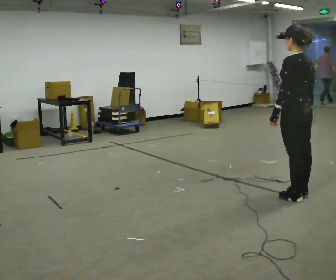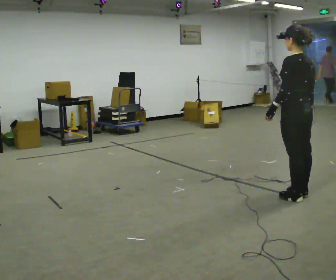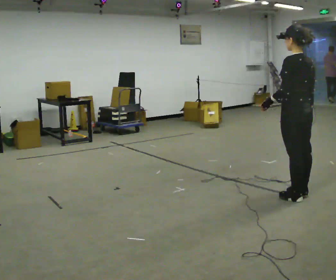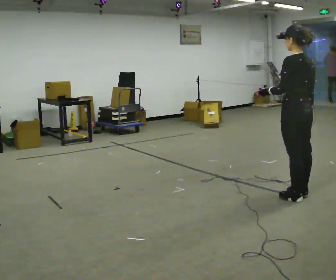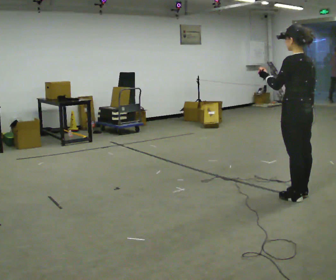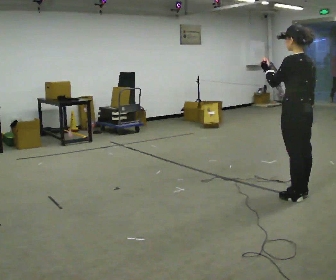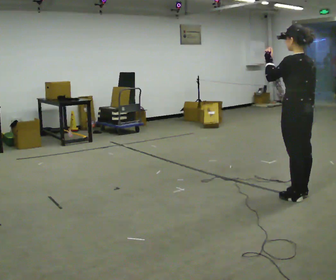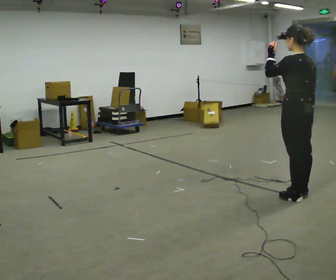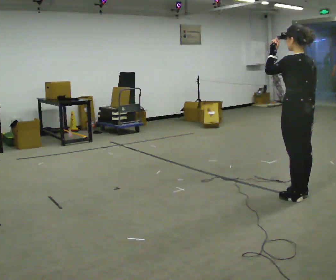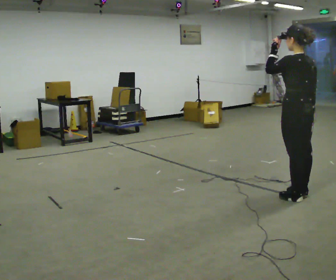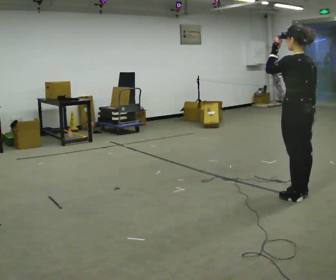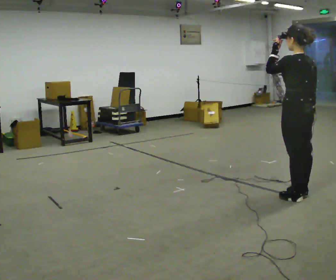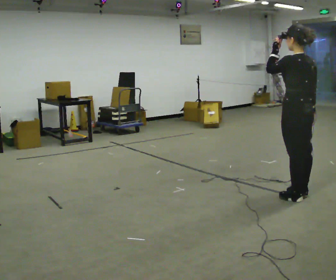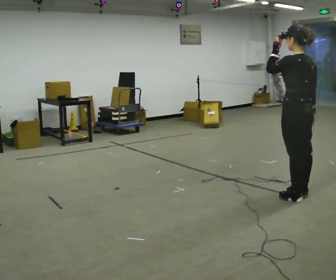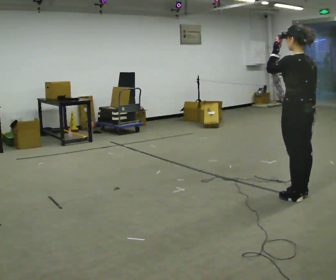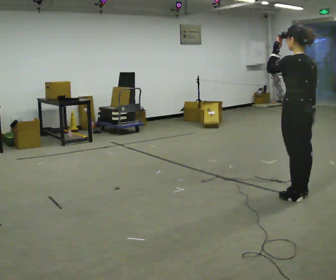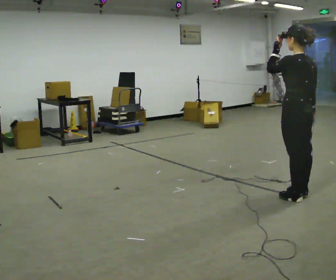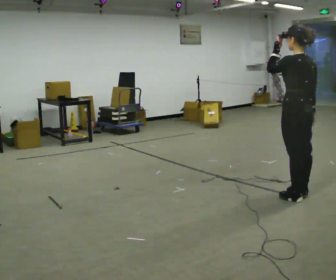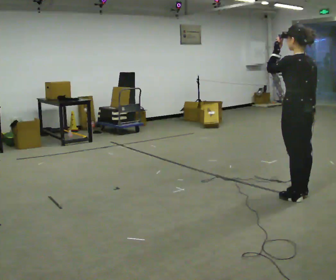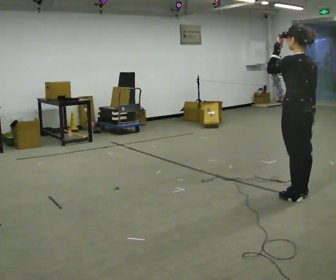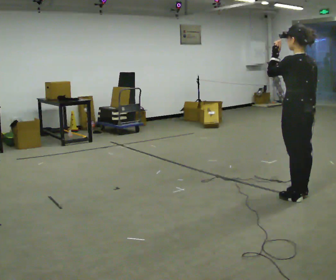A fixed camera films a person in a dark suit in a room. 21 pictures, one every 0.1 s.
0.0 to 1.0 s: In the picture their left hand goes upward.
1.0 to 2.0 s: The person moves a little, or ends about where they began.
The film runs forward here.
